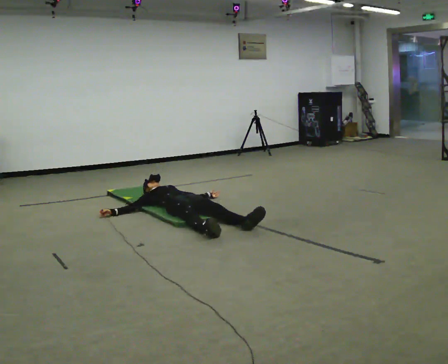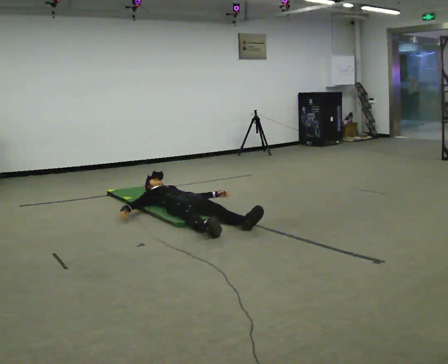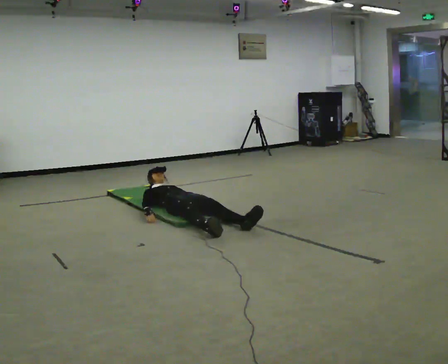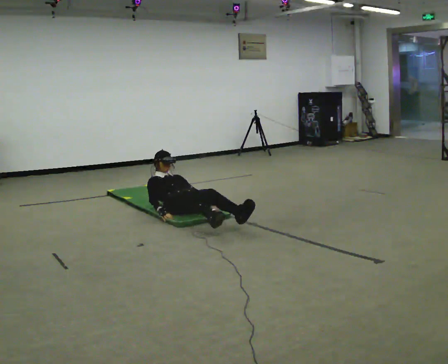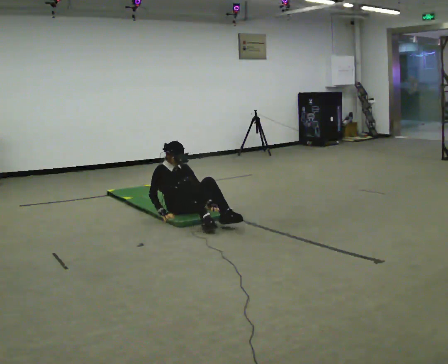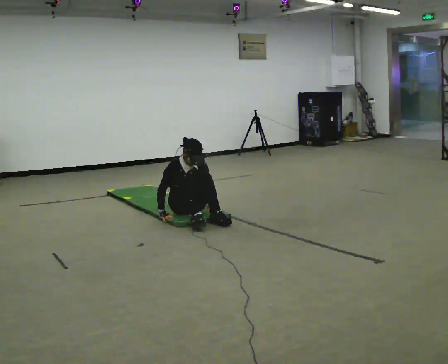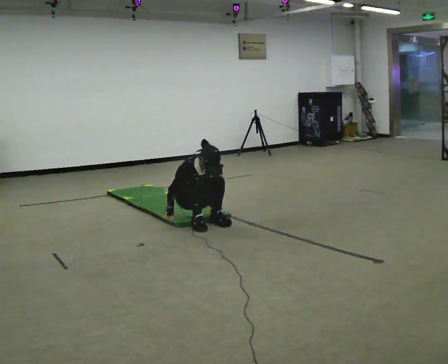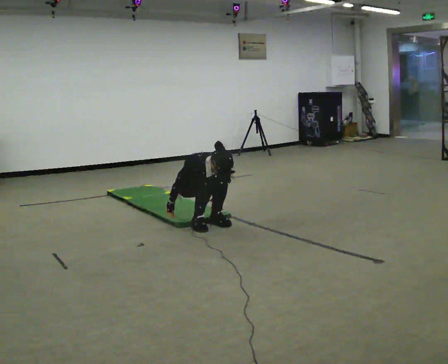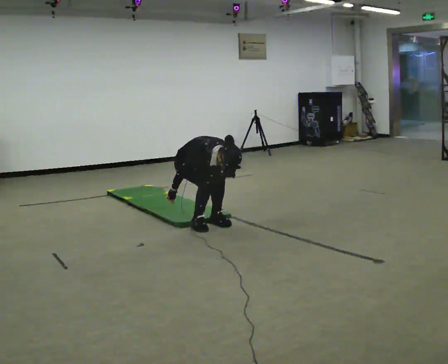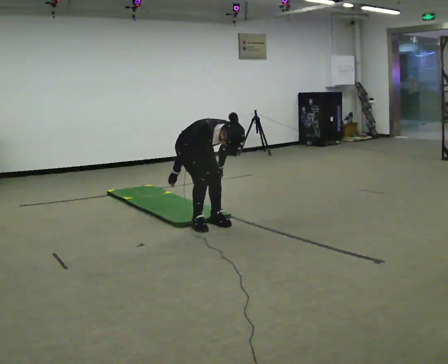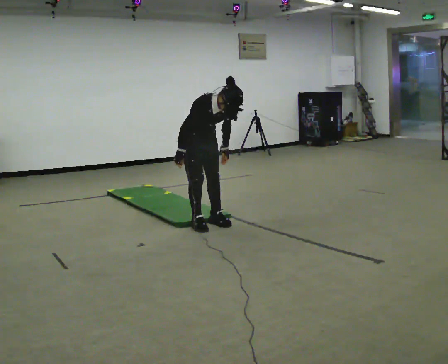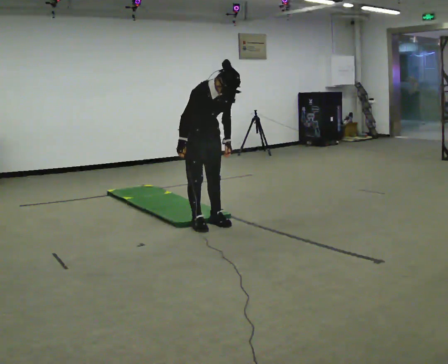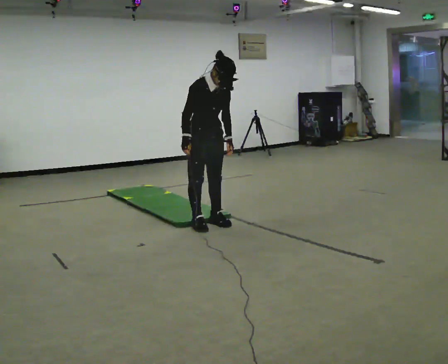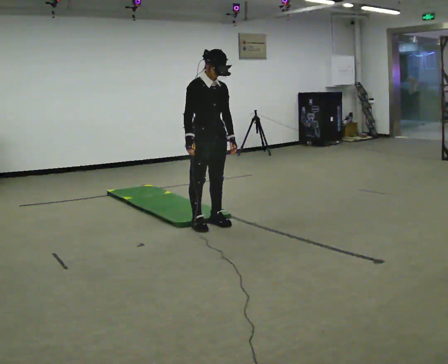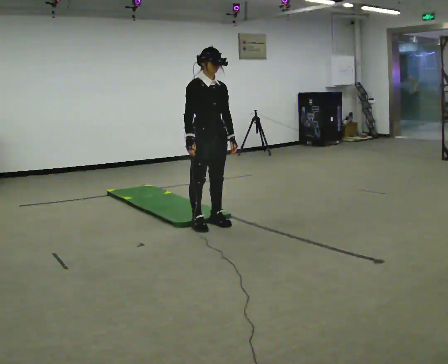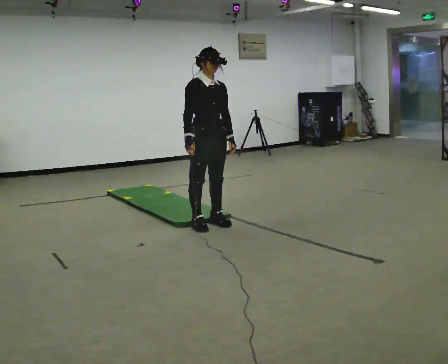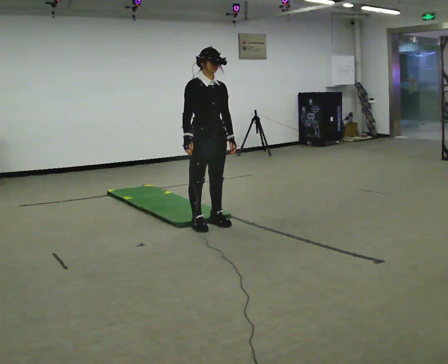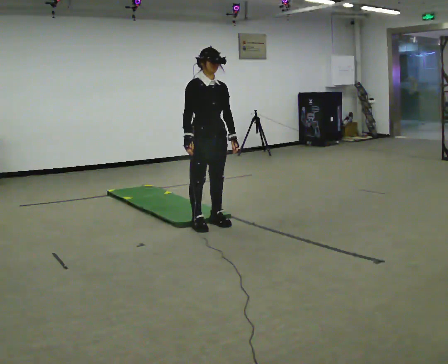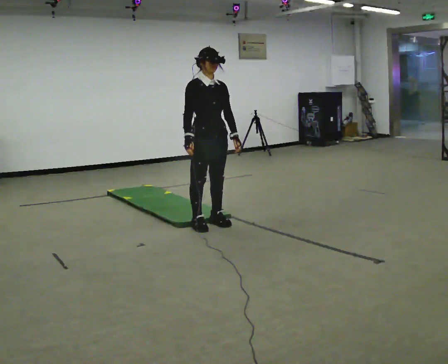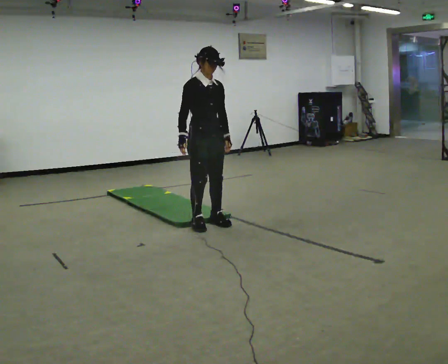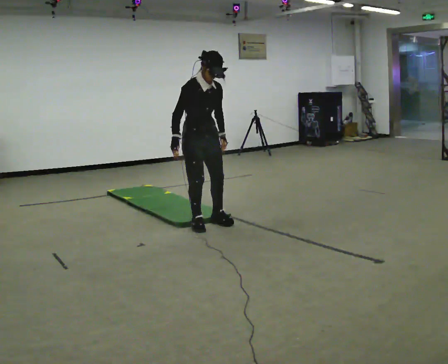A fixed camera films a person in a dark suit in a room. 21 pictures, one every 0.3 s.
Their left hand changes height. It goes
upward.
The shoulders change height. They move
upward.
0.0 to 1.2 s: The upper body goes upward. The upper body tips toward the camera, its near side rolling downward, as they bend forward. In the picture their right hand goes to the right.
1.2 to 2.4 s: In the picture they go toward the camera, about 0.25 m, which for them is forward. The upper body goes upward. The upper body tips toward the camera, its near side rolling downward, as they bend forward.
2.4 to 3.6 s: In the picture they go toward the camera, about 0.25 m, which for them is forward. The shoulders move upward. The upper body tips away from the camera, its near side rolling upward, as they lean back or straighten. In the picture their left hand goes upward.
3.6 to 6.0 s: The person moves a little, or ends about where they began.
The film runs backward here.
